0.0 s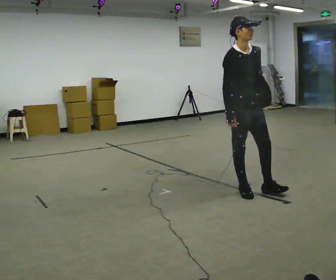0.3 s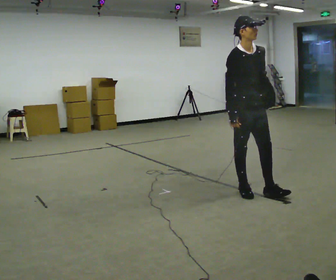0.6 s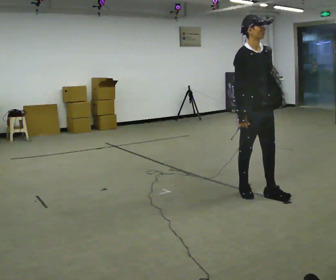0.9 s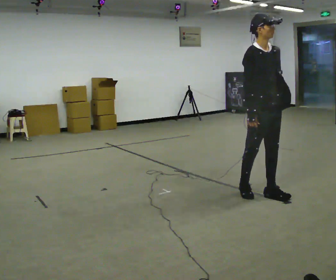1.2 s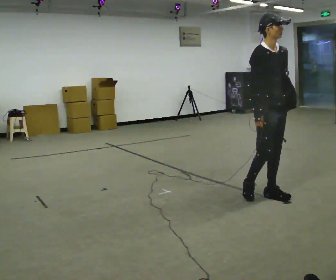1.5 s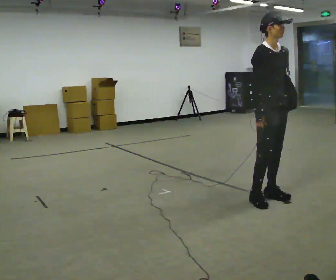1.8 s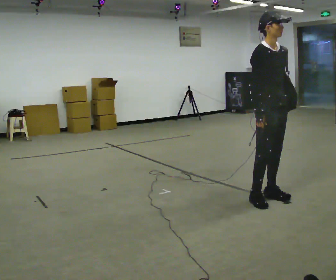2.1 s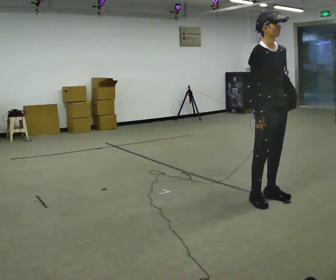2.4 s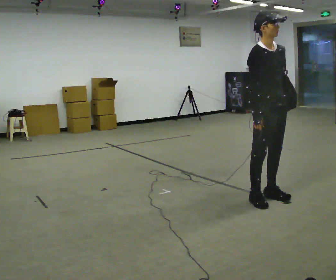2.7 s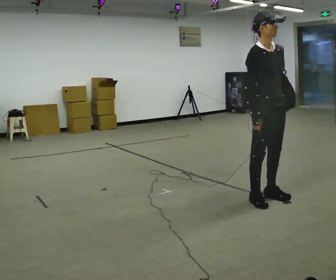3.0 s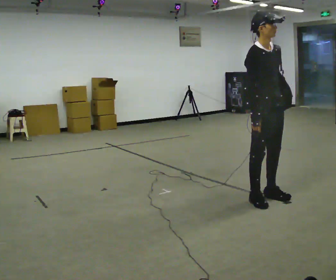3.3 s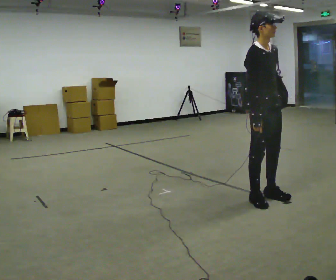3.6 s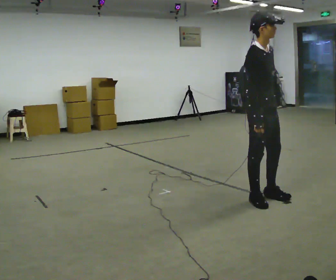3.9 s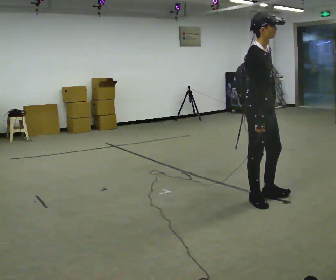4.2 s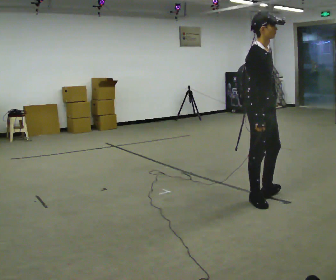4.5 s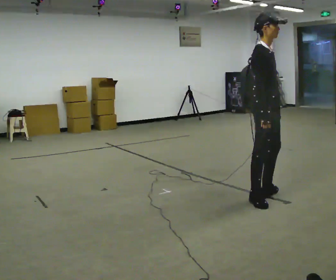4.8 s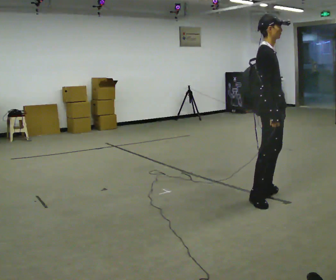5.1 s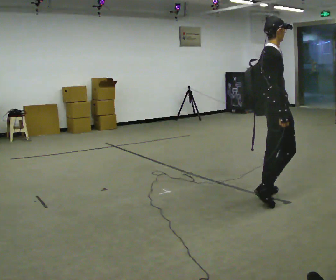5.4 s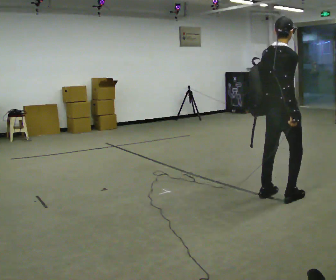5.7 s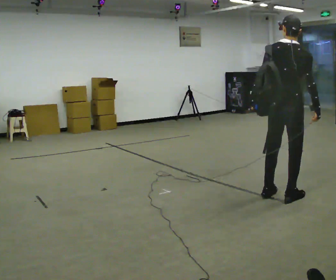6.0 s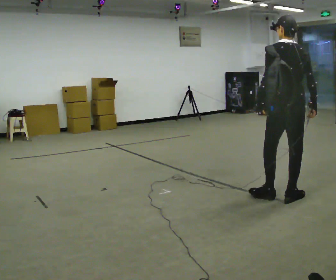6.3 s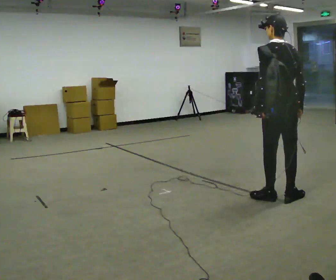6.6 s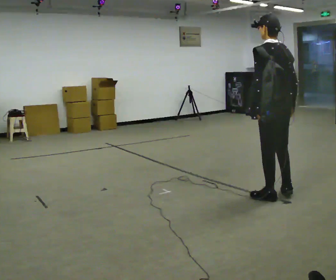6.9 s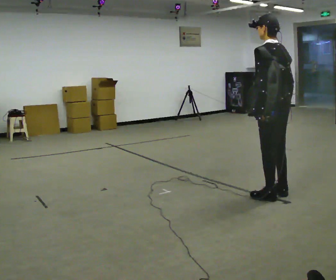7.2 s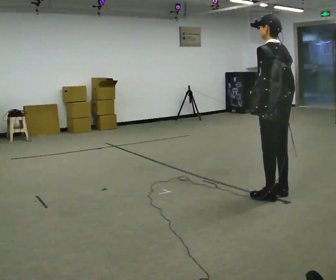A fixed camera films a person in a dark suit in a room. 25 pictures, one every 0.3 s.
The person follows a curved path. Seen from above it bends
counterclockwise.
The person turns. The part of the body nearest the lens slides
to the right.
0.0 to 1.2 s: In the picture they go to the right, about 0.25 m in 1 step, which for them is forward.
1.2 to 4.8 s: Seen from above the body turns counterclockwise, about 45 degrees: to their left, with its near side sliding to the right.
4.8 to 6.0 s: The person turns about 105 degrees to their left, counterclockwise seen from above, so the part of the body nearest the lens slides to the right. In the picture they go to the right, about 0.25 m in 1 step.
6.0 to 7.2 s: Seen from above the body turns counterclockwise, about 30 degrees: to their left, with its near side sliding to the right.
The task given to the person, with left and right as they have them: Put the soft bag up onto your shoulder and carry it across the room, back and forth.
The film runs forward here.
